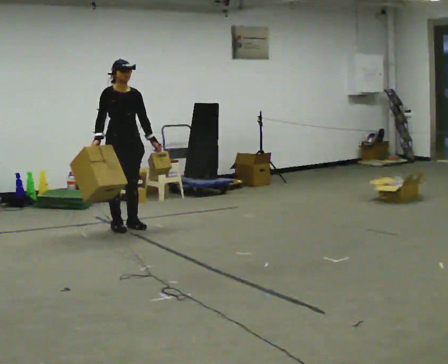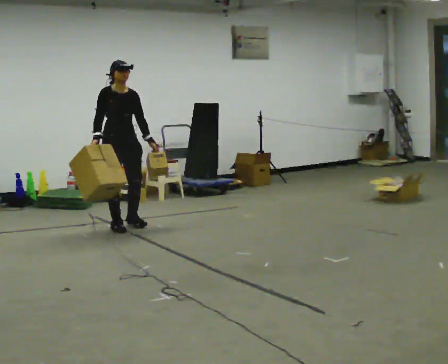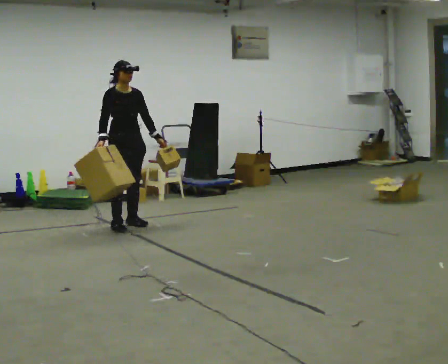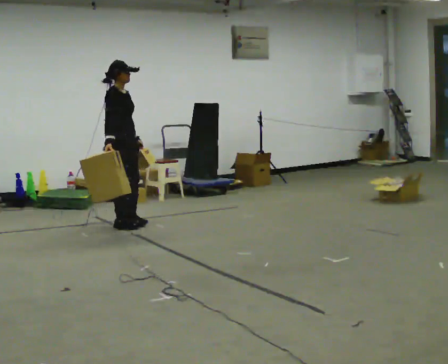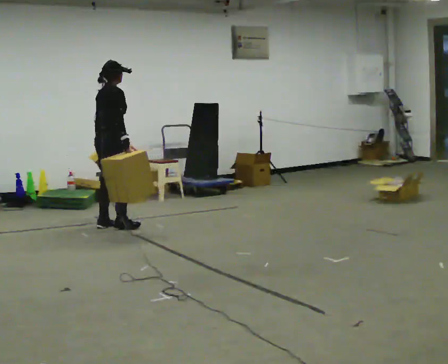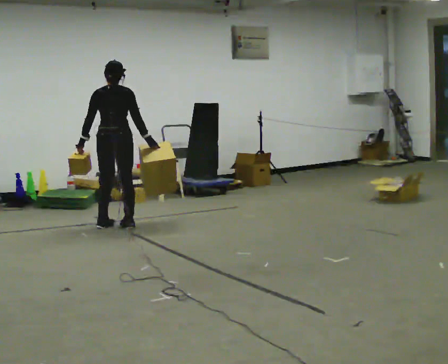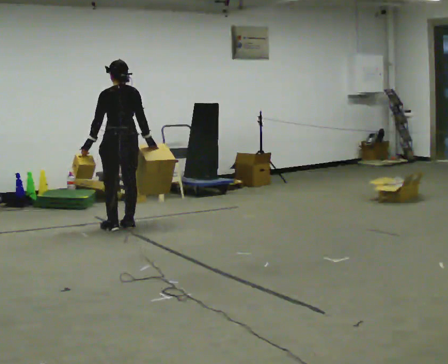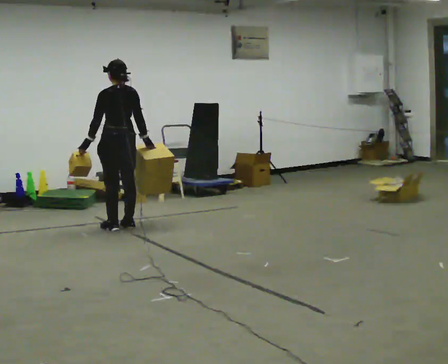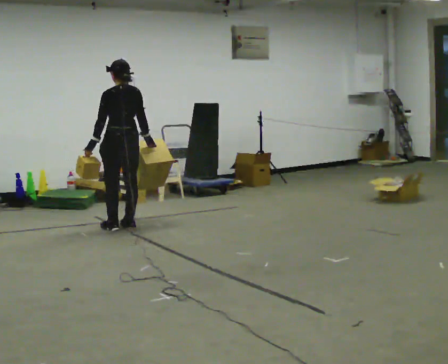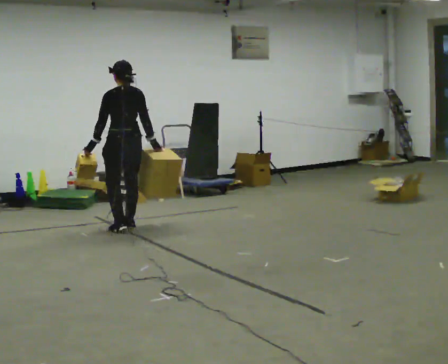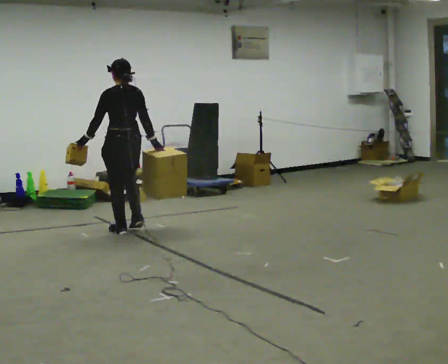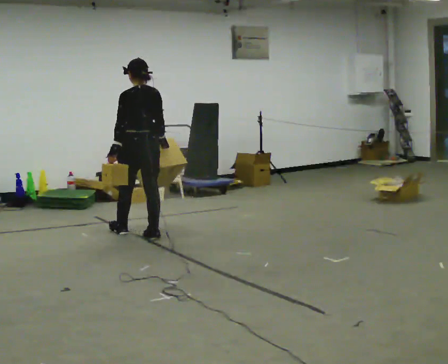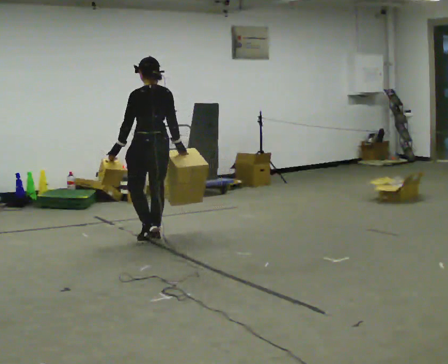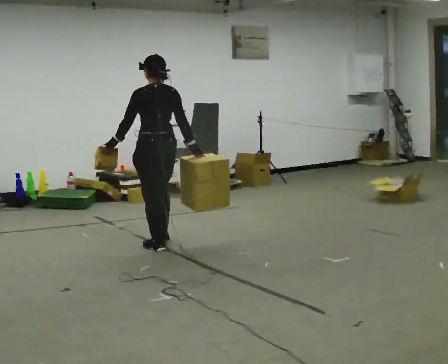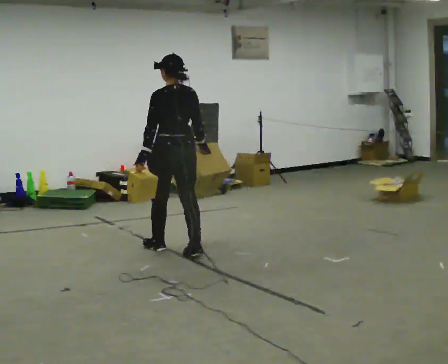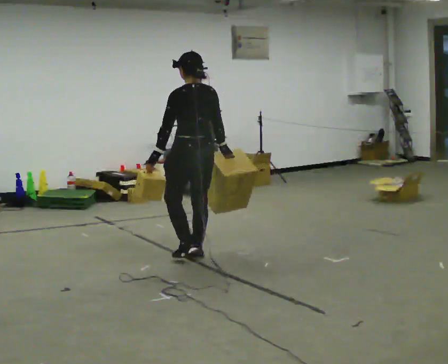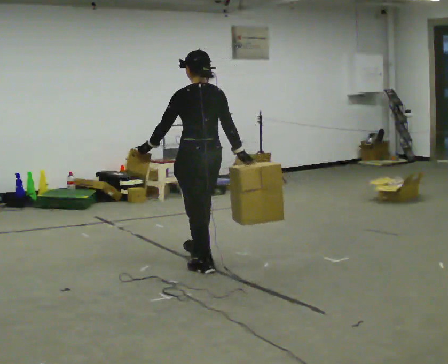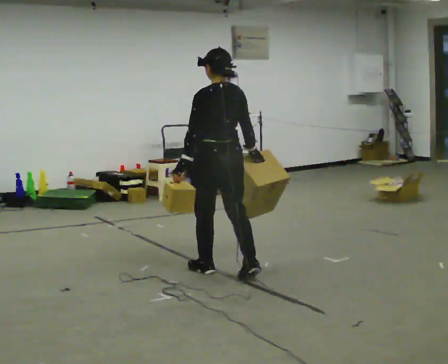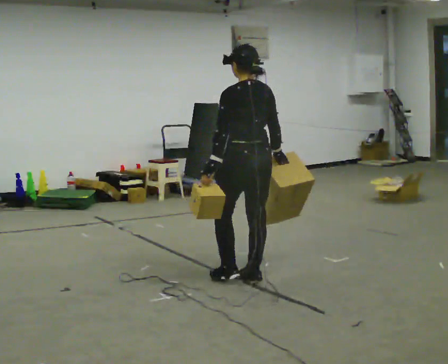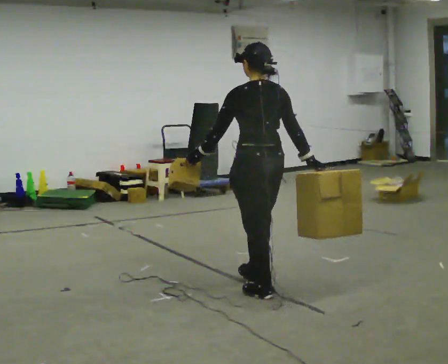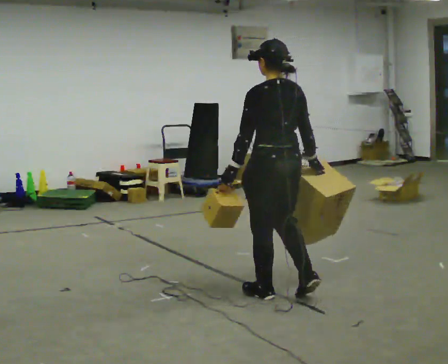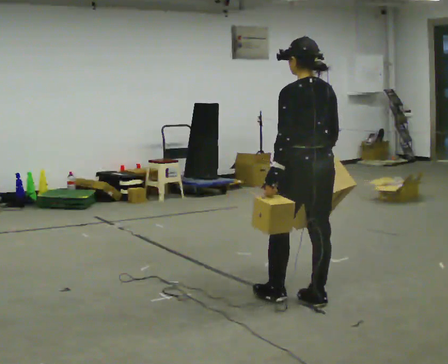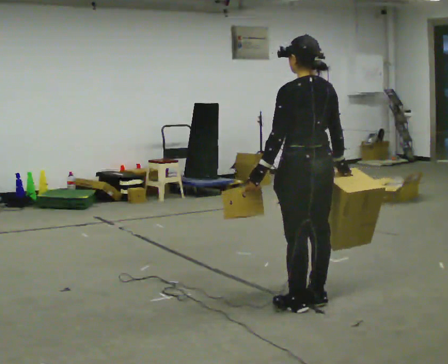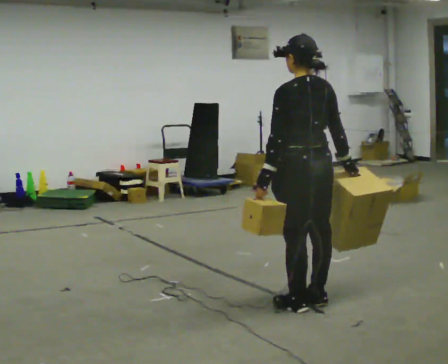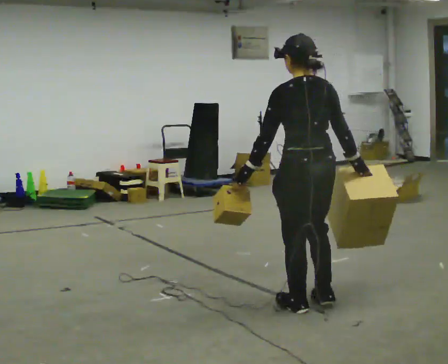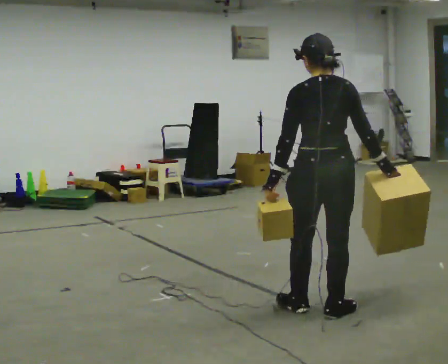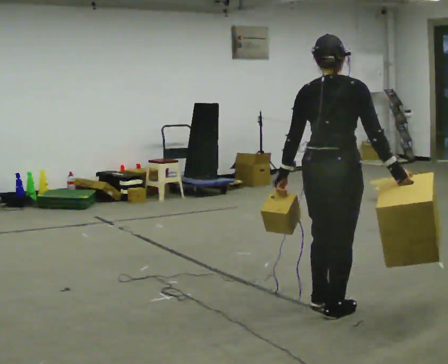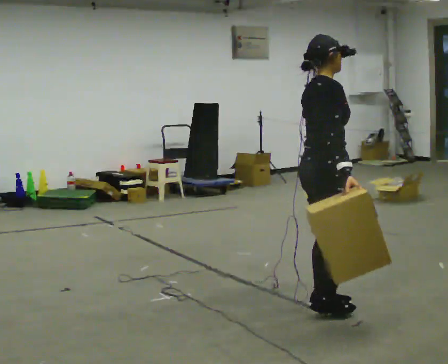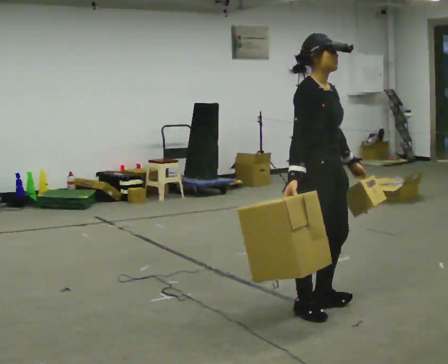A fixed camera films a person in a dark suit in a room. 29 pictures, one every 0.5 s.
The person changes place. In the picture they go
toward the camera.
0.0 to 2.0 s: The person turns about 90 degrees to their left, counterclockwise seen from above, so the part of the body nearest the lens slides to the right. In the picture their left hand goes to the left, the arm swinging clockwise.
2.0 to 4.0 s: The person turns about 75 degrees to their left, counterclockwise seen from above, so the part of the body nearest the lens slides to the right.
4.0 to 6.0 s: In the picture they go toward the camera and to the right, about 0.5 m in 3 steps, which for them is backward.
6.0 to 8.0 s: In the picture they go toward the camera and to the right, about 1 m in 3 steps, which for them is backward.
8.0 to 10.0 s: In the picture they go toward the camera and to the right, about 1 m in 2 steps, which for them is backward.
10.0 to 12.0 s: In the picture they go toward the camera, about 0.25 m in 2 steps, which for them is backward.
12.0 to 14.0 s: Seen from above the body turns clockwise, about 150 degrees: to their right, with its near side sliding to the left. In the picture their right hand goes to the left, the arm swinging clockwise.
The film runs backward here.
